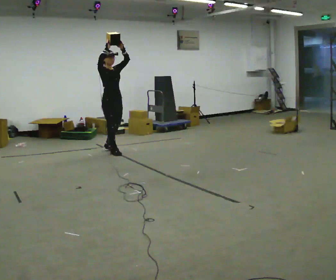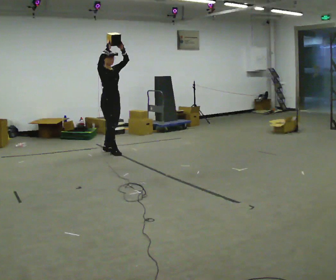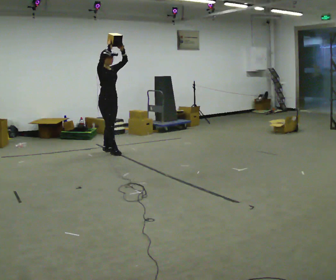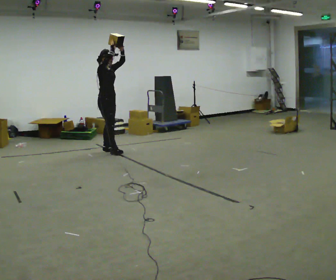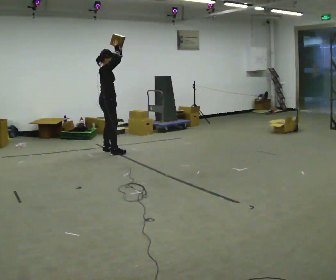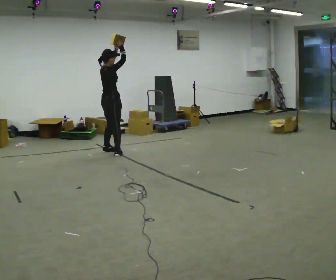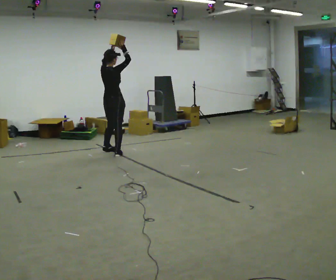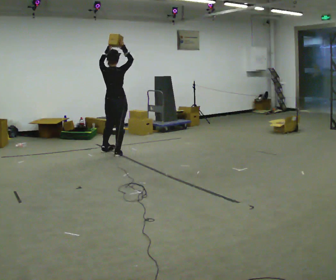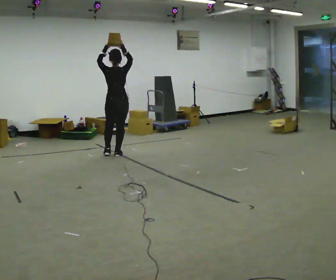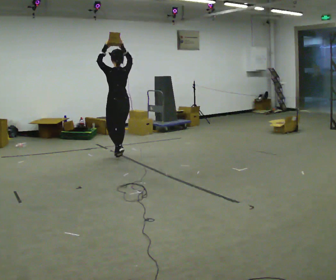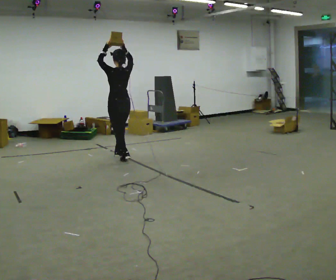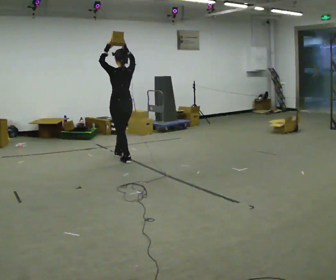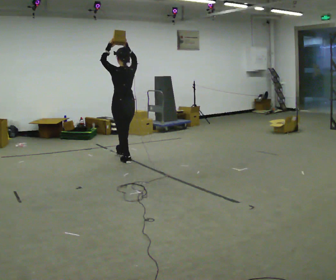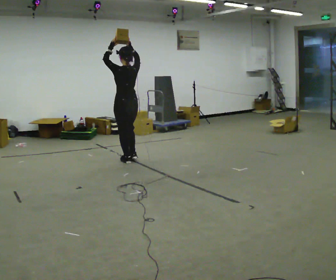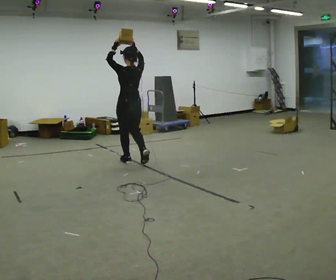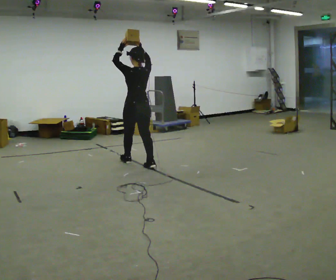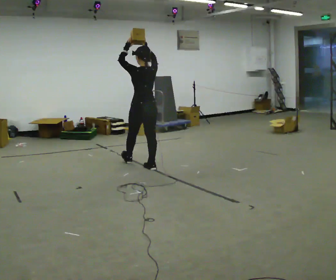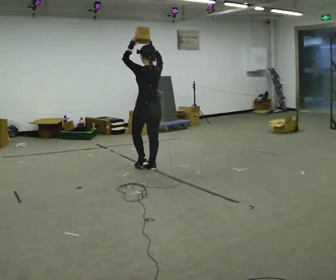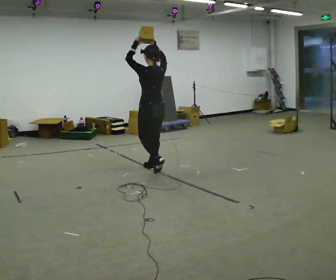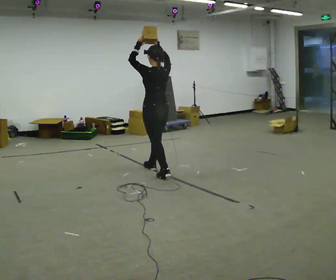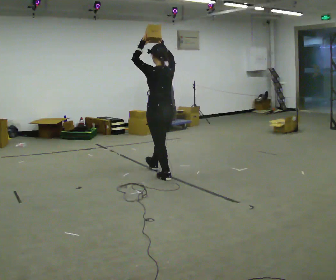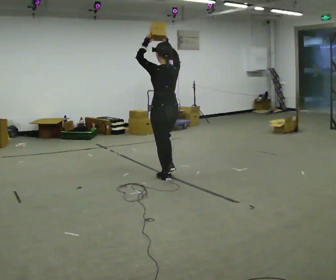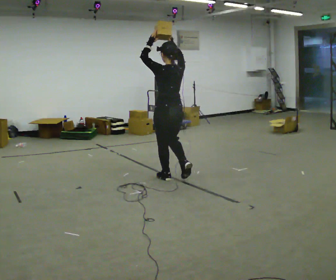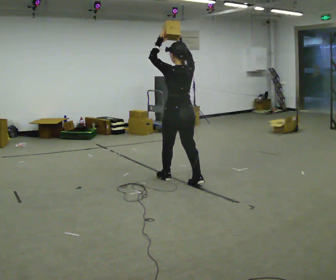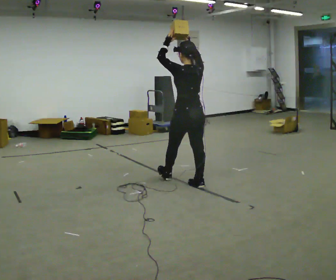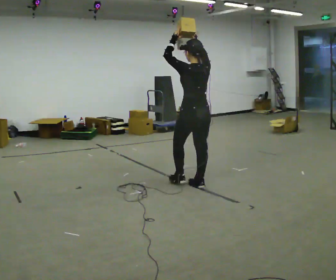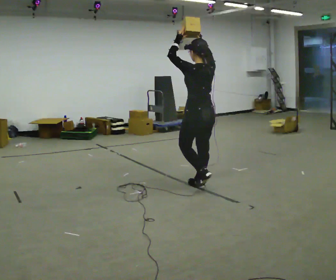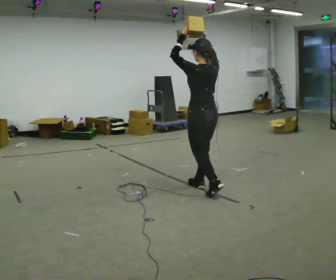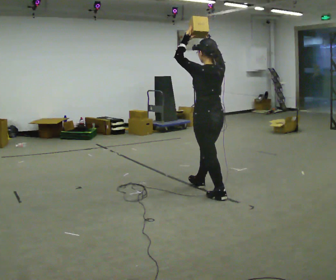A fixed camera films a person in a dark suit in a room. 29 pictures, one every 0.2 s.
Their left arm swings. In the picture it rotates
counterclockwise.
The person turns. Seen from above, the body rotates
counterclockwise.
0.0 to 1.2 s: The part of the body nearest the lens slides to the right as the person turns to their left by about 90 degrees.
1.2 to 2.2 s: Seen from above the body turns counterclockwise, about 75 degrees: to their left, with its near side sliding to the right. In the picture they go toward the camera and to the right, about 0.5 m in 1 step.
2.2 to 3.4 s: In the picture they go toward the camera and to the right, about 0.75 m in 2 steps, which for them is backward.
3.4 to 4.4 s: In the picture they go toward the camera and to the right, about 0.5 m in 1 step, which for them is backward.
4.4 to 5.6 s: In the picture they go toward the camera and to the right, about 0.75 m in 1 step, which for them is backward.
The film runs backward here.
